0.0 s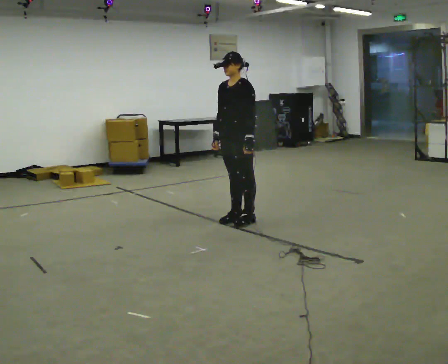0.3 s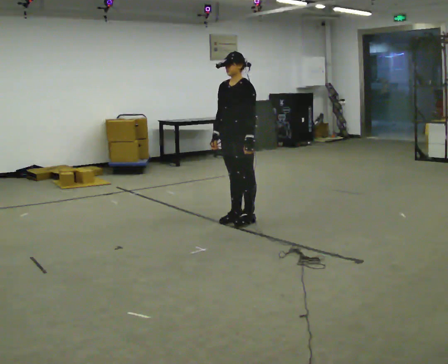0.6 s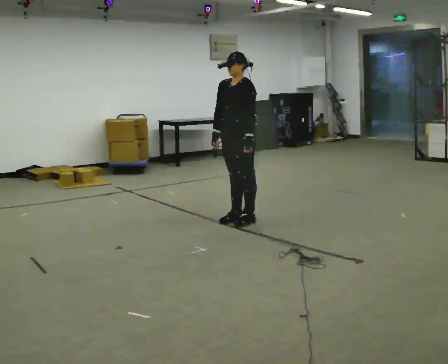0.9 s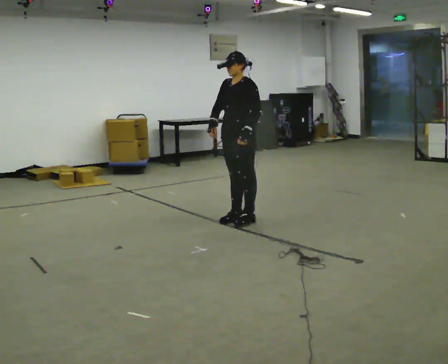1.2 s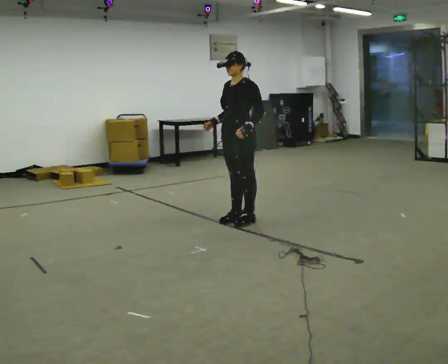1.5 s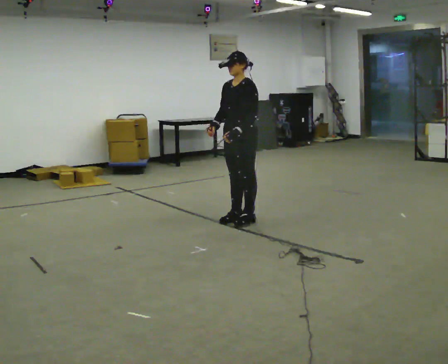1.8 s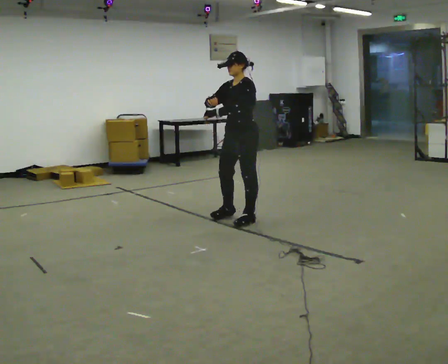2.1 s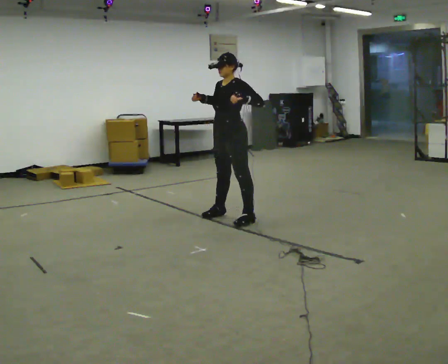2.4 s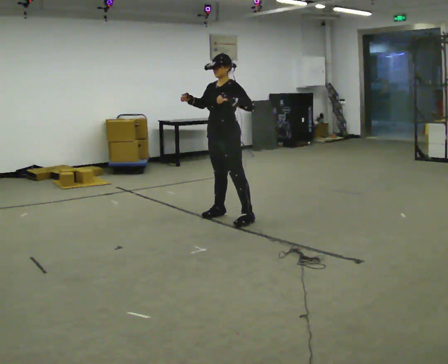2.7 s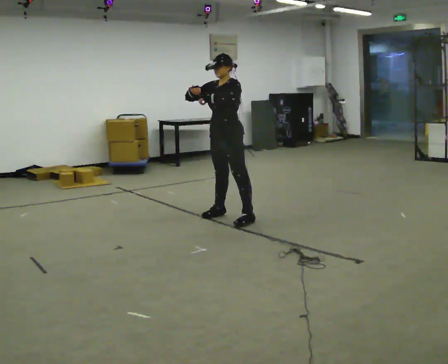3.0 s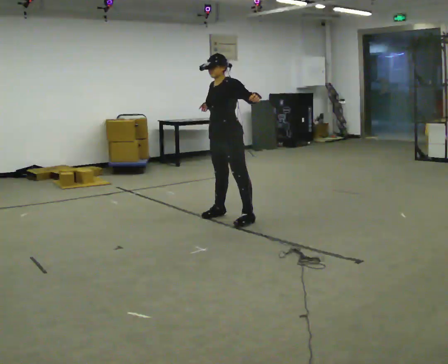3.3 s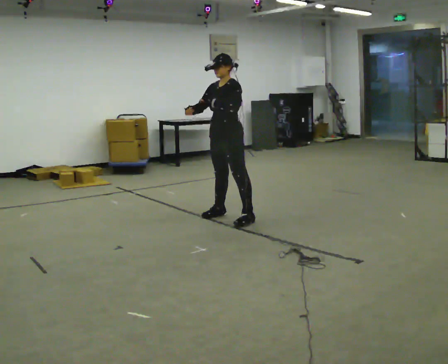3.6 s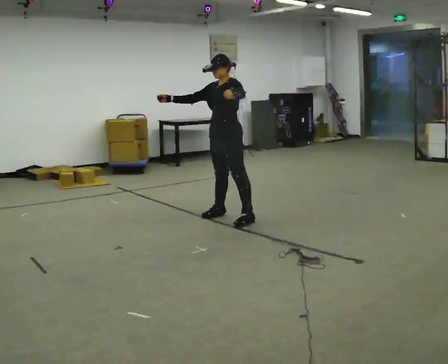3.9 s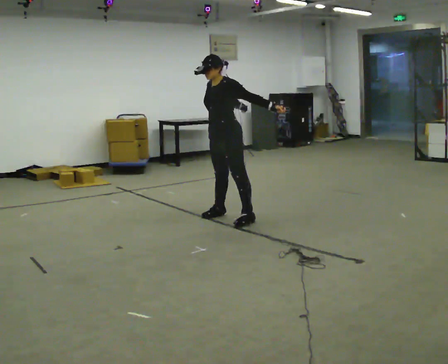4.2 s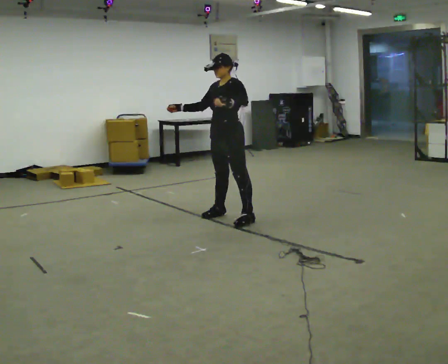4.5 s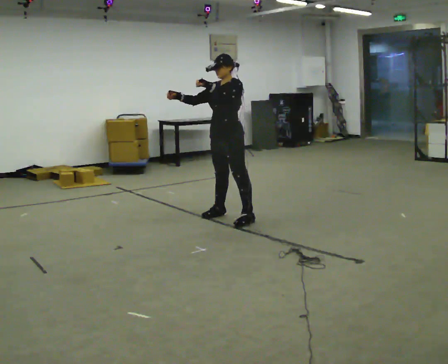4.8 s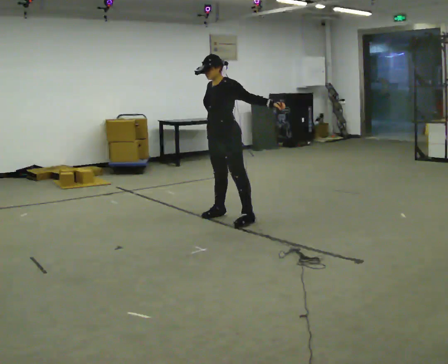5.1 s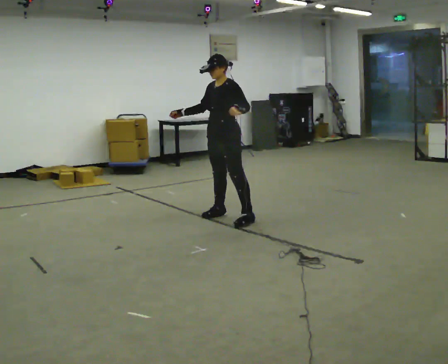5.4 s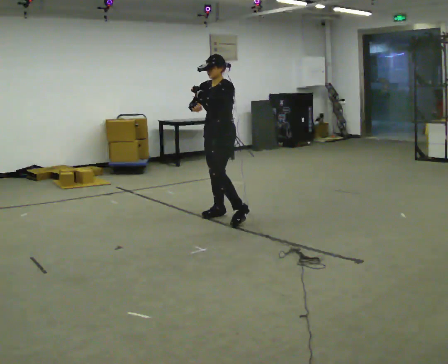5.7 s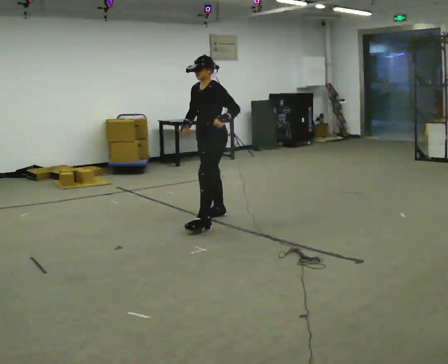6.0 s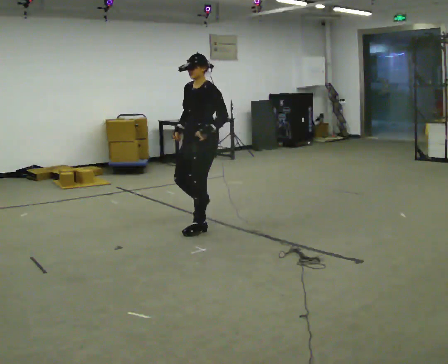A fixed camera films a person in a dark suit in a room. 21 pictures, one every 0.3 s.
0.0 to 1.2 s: The person moves a little, or ends about where they began.
1.2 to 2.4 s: In the picture they go away from the camera, about 0.25 m in 1 step, which for them is to their right.
2.4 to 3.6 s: The person moves a little, or ends about where they began.
3.6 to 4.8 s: In the picture their right hand goes to the right.
4.8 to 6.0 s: In the picture they go toward the camera and to the left, about 0.25 m in 1 step, which for them is forward.
The film runs forward here.
